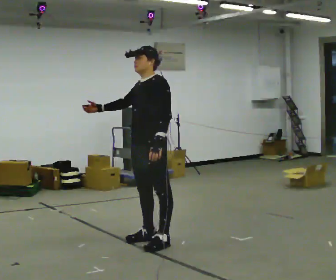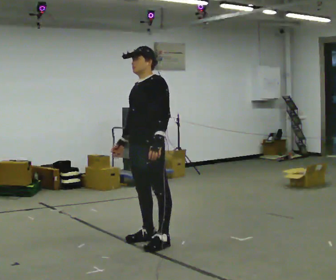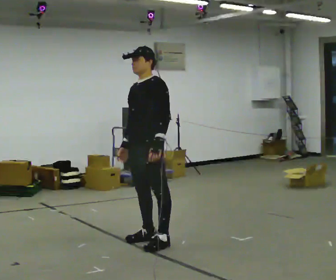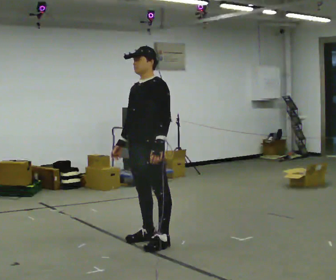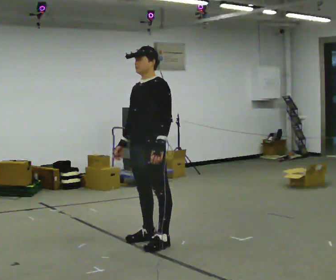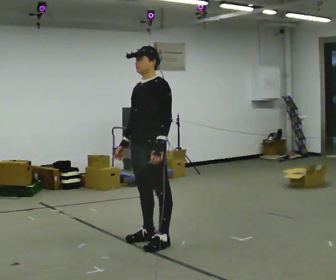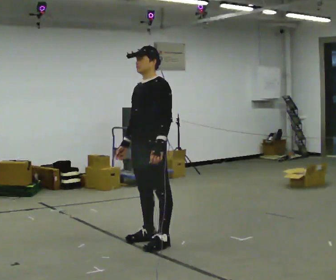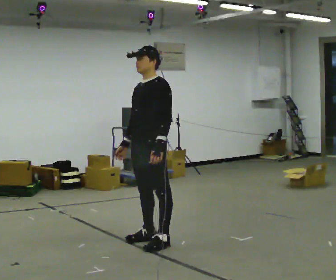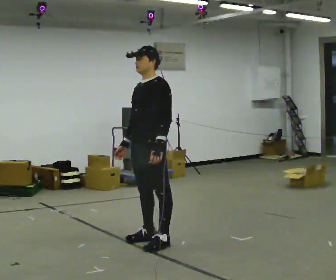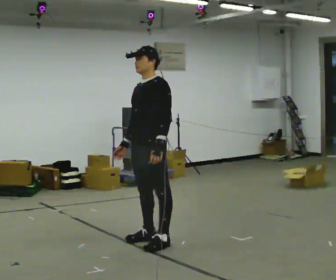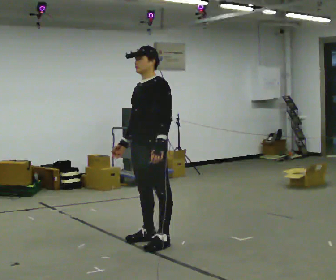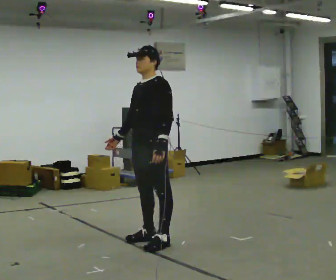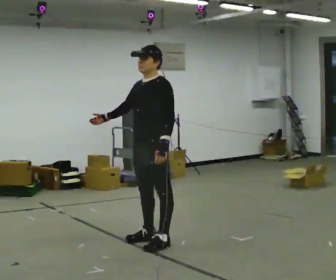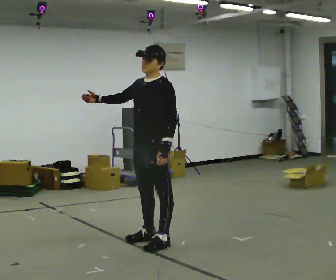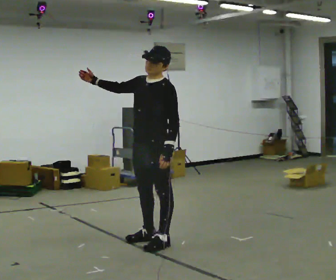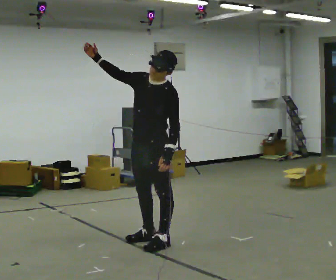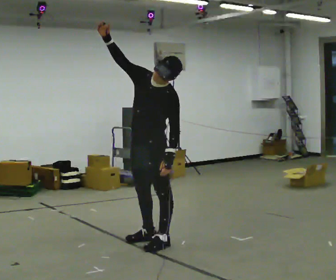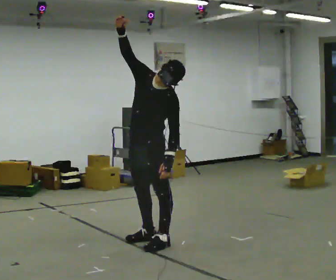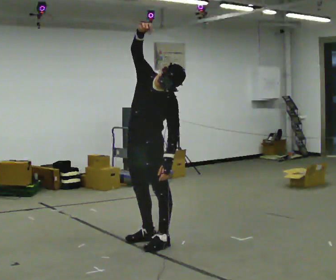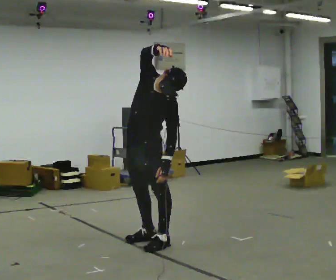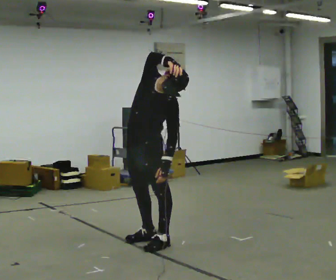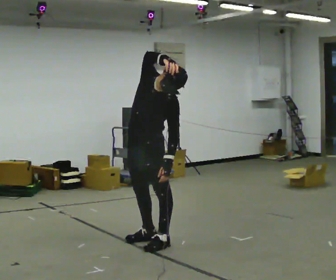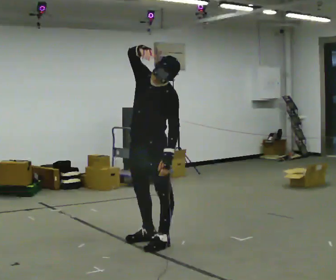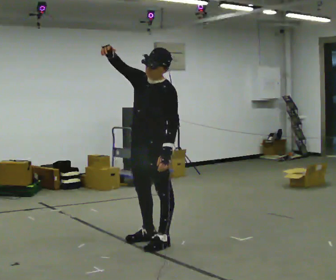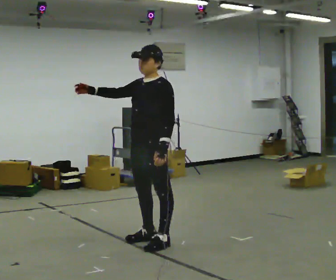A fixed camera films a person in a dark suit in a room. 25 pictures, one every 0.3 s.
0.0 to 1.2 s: In the picture their right hand goes downward.
1.2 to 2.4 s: The person keeps their place and pose.
2.4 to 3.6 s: The person moves a little, or ends about where they began.
3.6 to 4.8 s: In the picture their right hand goes upward, the arm swinging clockwise.
4.8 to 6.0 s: In the picture their right hand goes to the right.
6.0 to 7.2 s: In the picture the upper body tilts counterclockwise, shoulders to the left. In the picture their right hand goes to the left.
The film runs forward here.
